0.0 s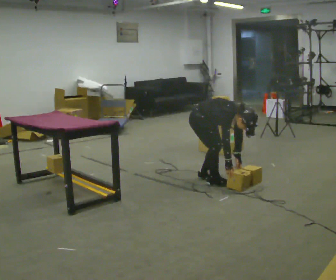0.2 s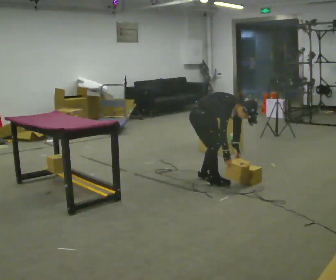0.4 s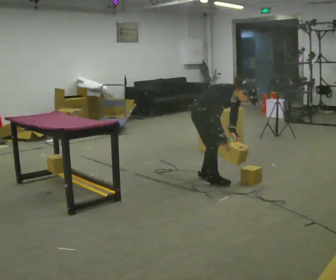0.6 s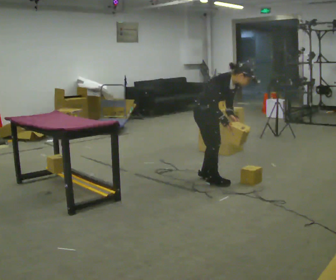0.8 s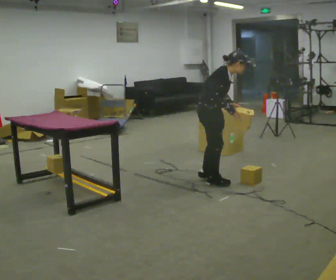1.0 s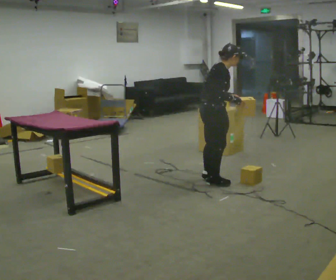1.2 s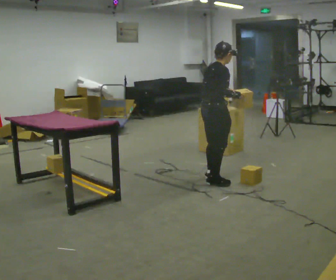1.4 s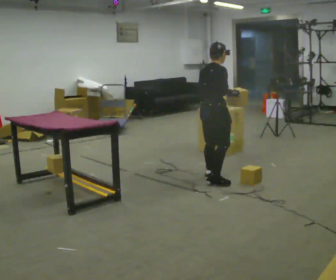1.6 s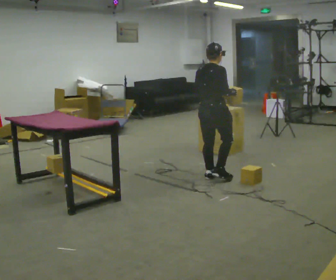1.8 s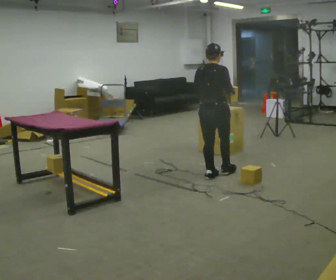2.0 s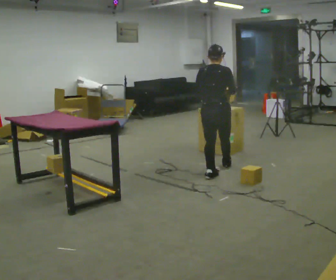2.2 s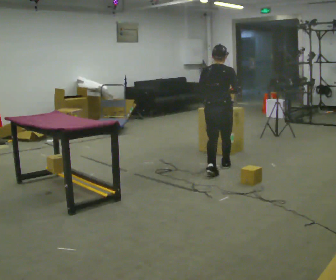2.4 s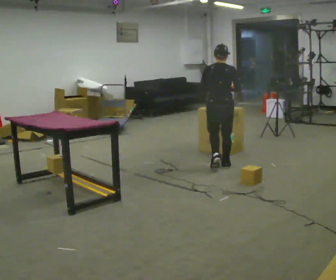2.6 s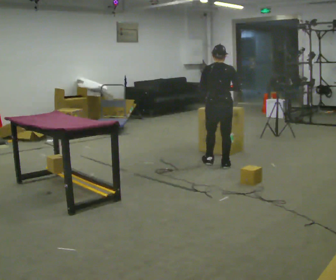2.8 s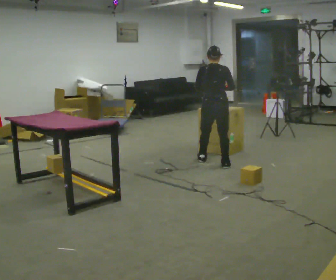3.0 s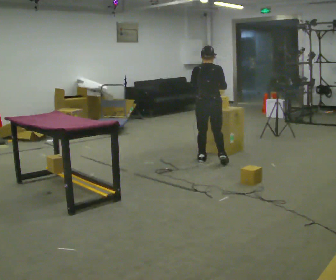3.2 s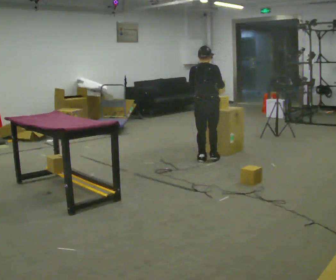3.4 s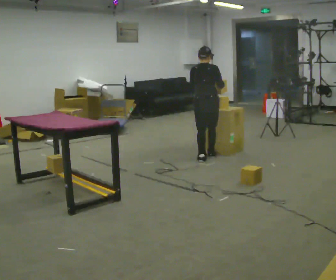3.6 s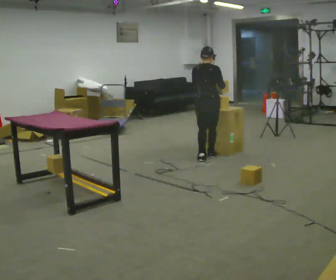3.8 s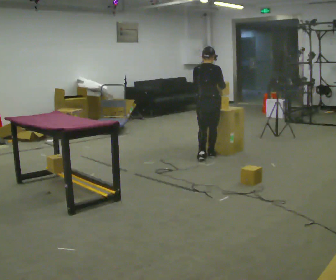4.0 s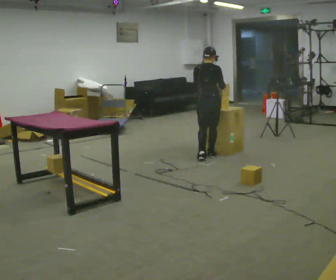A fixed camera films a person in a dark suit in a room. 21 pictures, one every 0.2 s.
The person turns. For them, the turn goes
to their left.
The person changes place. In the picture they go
away from the camera.
0.0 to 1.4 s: Seen from above the body turns counterclockwise, about 75 degrees: to their left, with its near side sliding to the right. The shoulders move upward. In the picture the upper body tilts counterclockwise, shoulders to the left, as they lean back or straighten. In the picture their right hand goes upward.
1.4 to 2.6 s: Seen from above the body turns counterclockwise, about 45 degrees: to their left, with its near side sliding to the right. In the picture they go away from the camera, about 0.5 m in 1 step, which for them is forward.
2.6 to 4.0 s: In the picture they go away from the camera, about 0.5 m in 2 steps, which for them is forward.
The film runs forward here.
